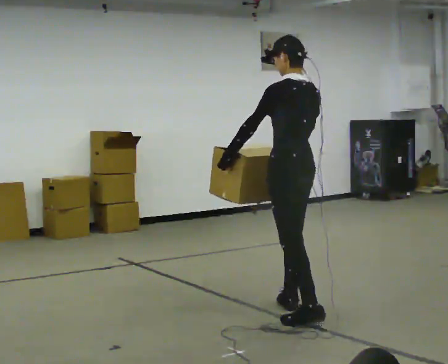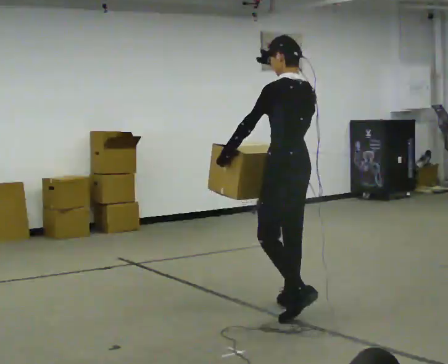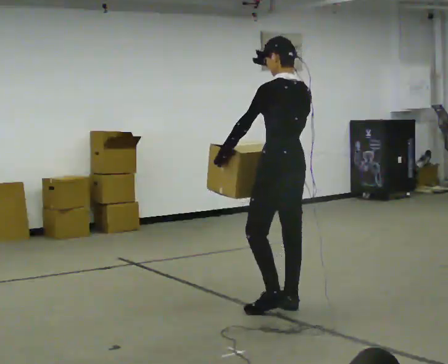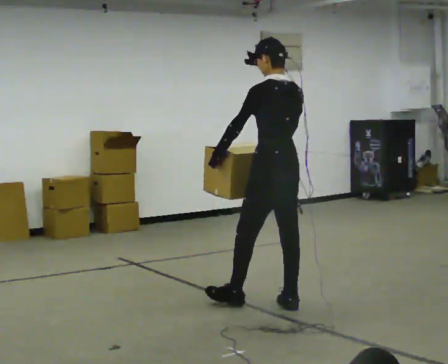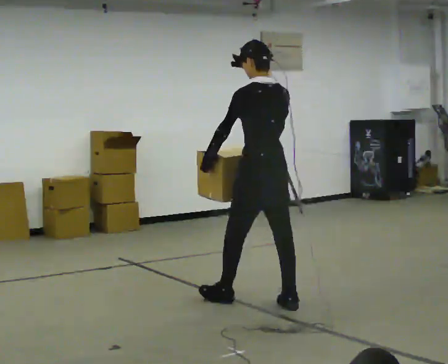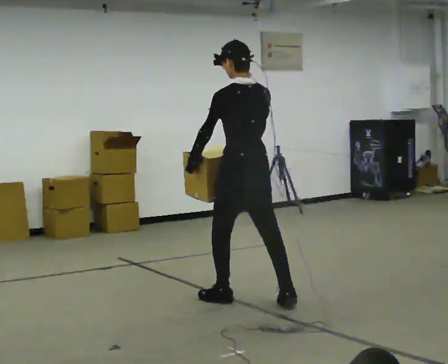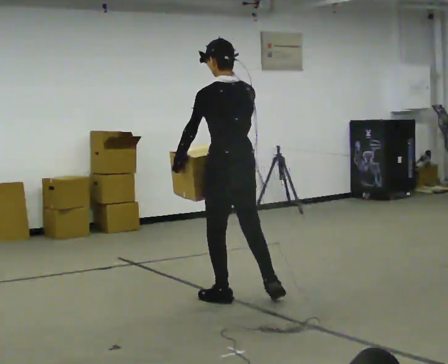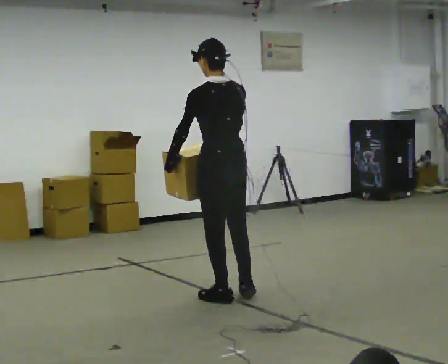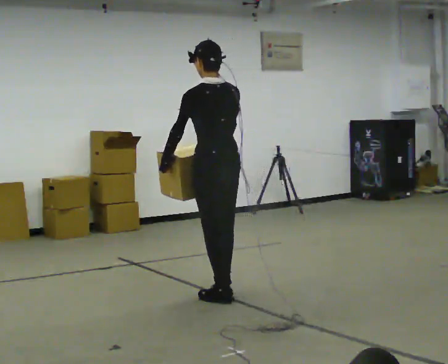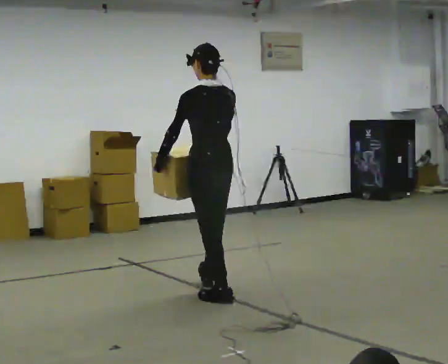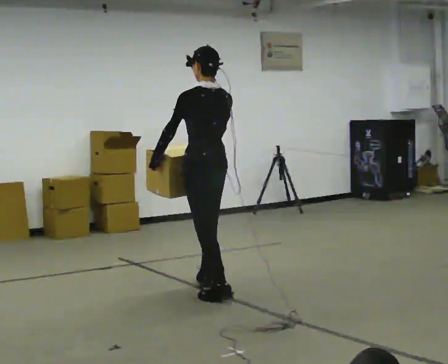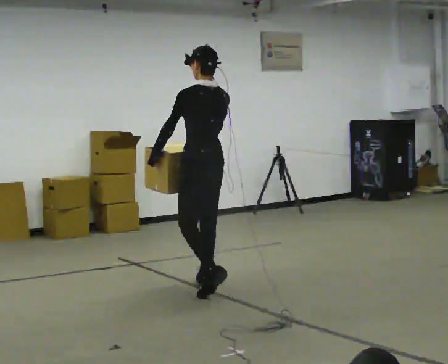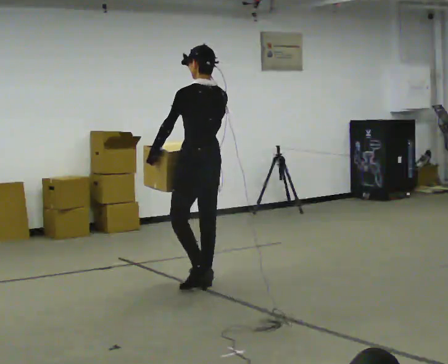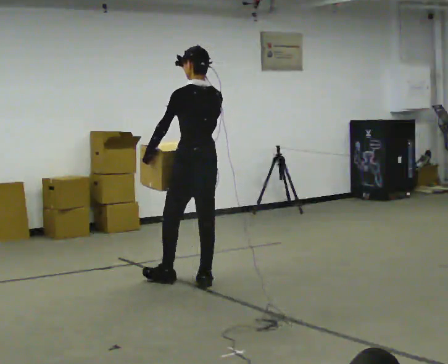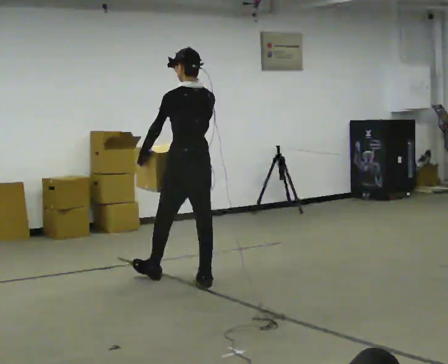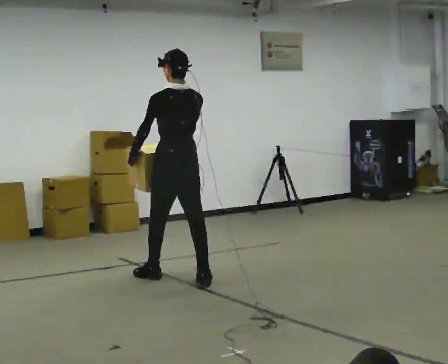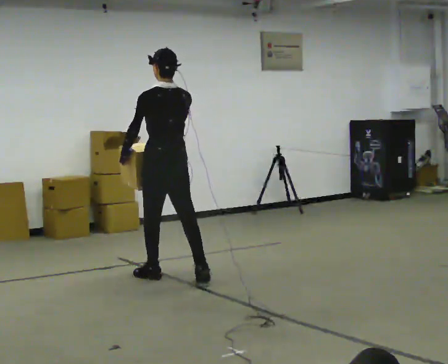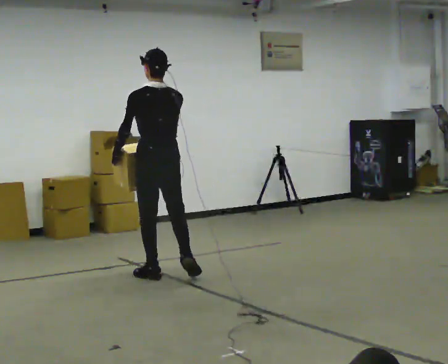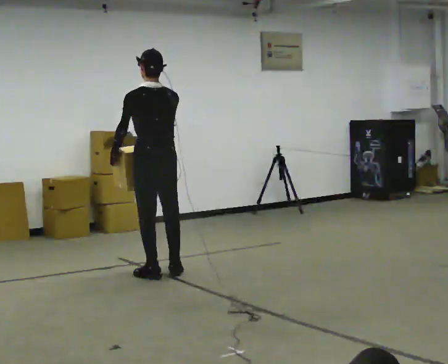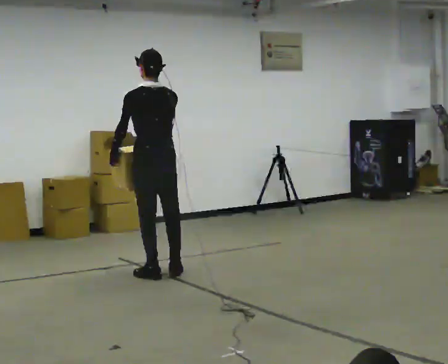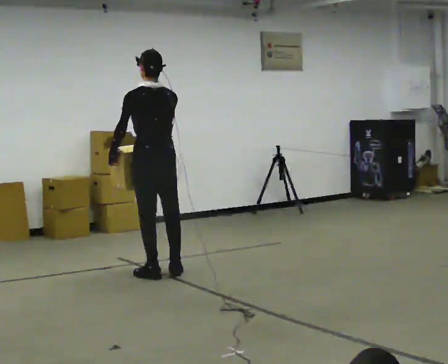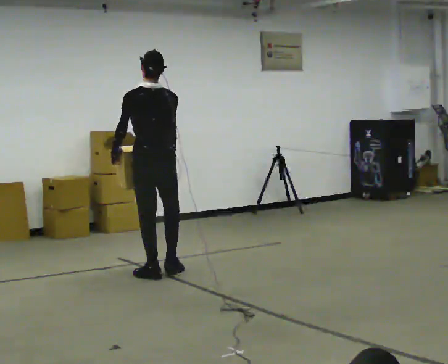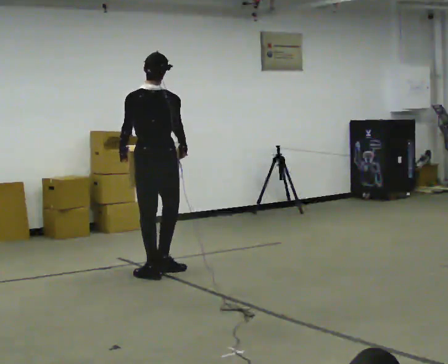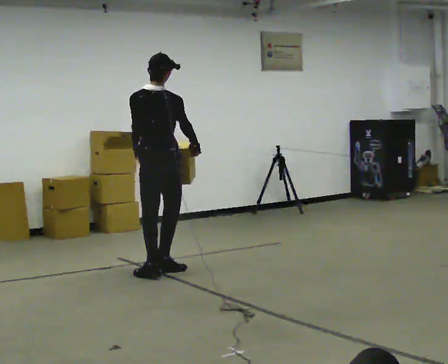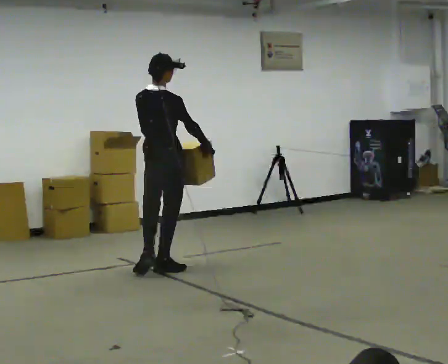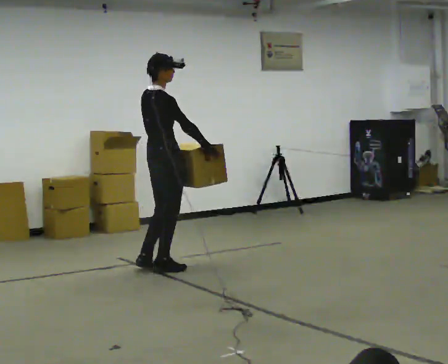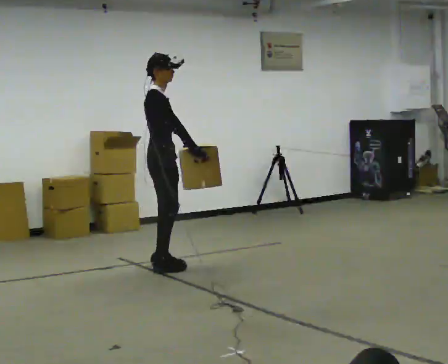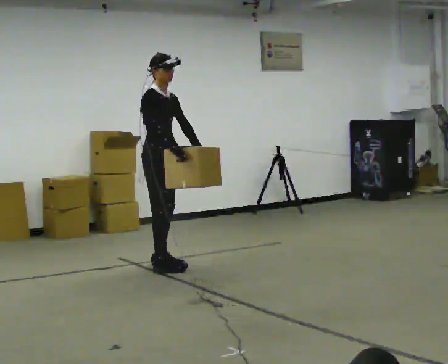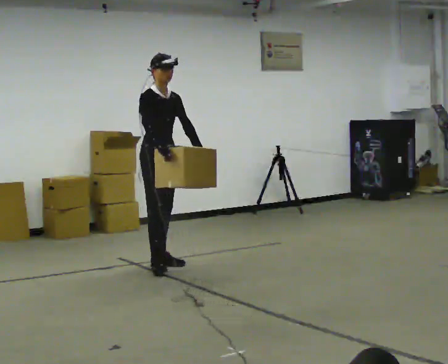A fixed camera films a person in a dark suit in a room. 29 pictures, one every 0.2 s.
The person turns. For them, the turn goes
to their right.
The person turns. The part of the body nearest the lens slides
to the left.
0.0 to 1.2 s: In the picture they go to the left and away from the camera, about 0.5 m in 1 step, which for them is forward.
1.2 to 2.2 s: In the picture they go away from the camera, about 0.5 m in 1 step, which for them is forward.
2.2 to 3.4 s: In the picture they go to the left and away from the camera, about 0.5 m in 1 step, which for them is forward.
3.4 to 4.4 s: In the picture they go away from the camera, about 0.25 m in 2 steps, which for them is forward.
4.4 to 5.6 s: The part of the body nearest the lens slides to the left as the person turns to their right by about 135 degrees. In the picture they go away from the camera, about 0.25 m in 1 step.
The film runs forward here.
